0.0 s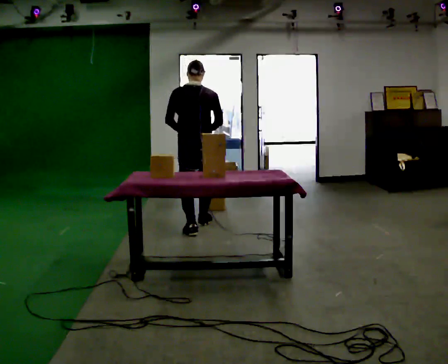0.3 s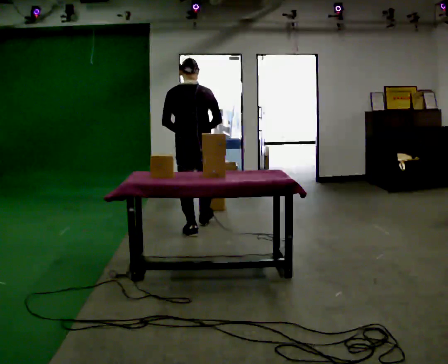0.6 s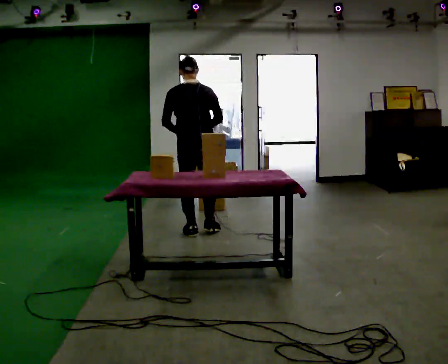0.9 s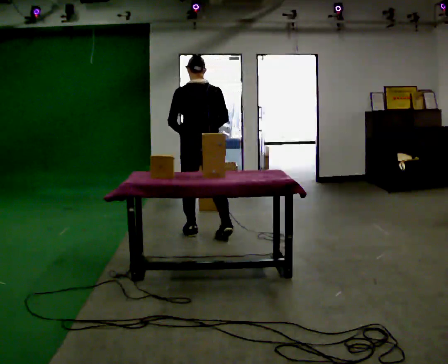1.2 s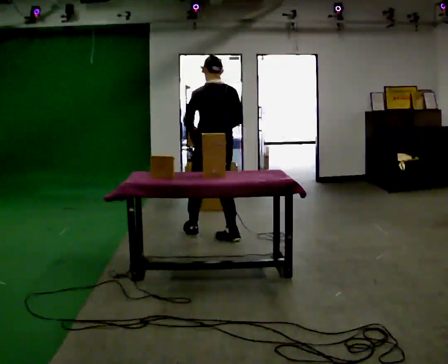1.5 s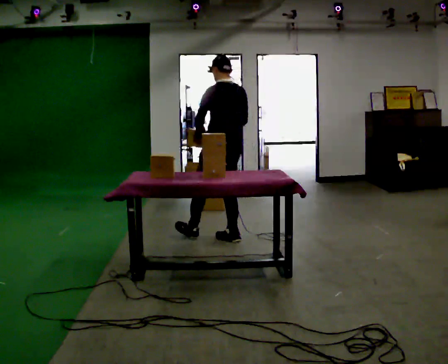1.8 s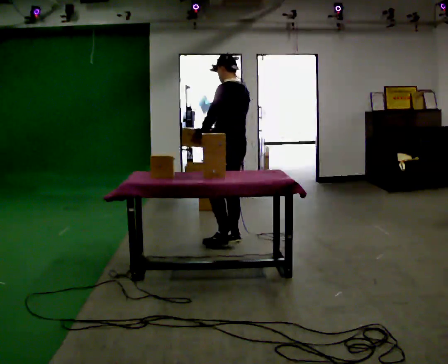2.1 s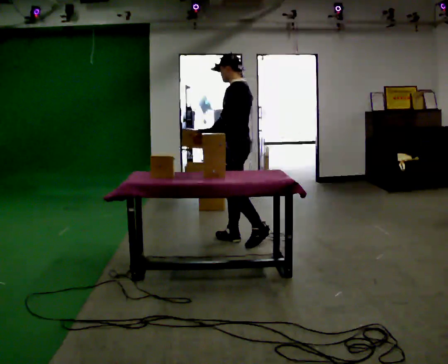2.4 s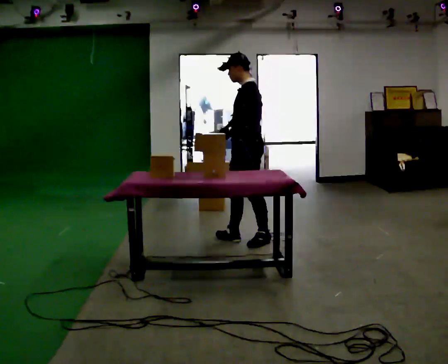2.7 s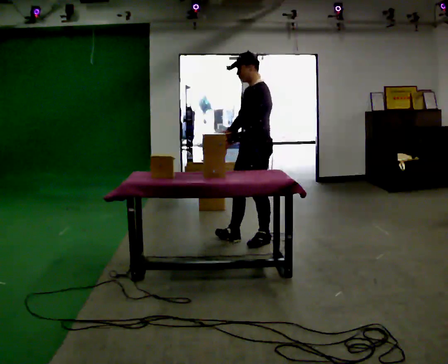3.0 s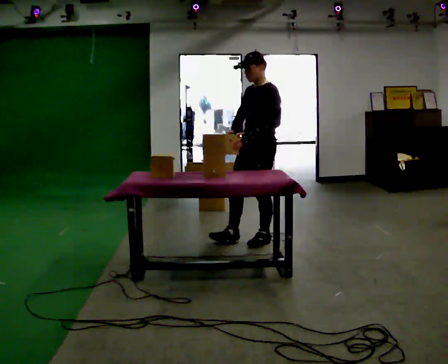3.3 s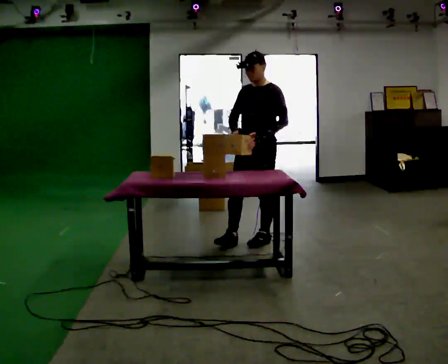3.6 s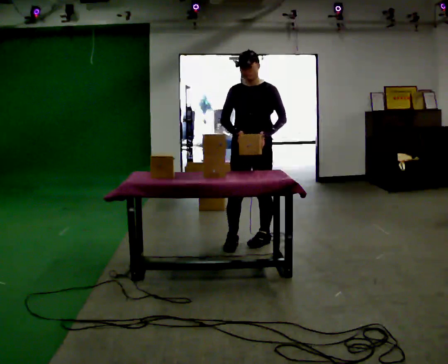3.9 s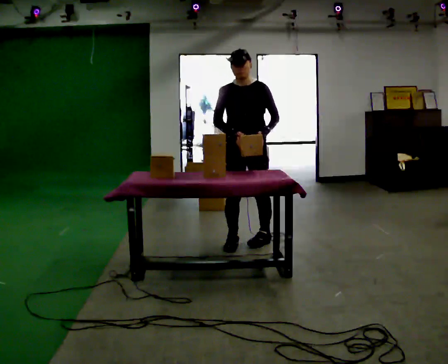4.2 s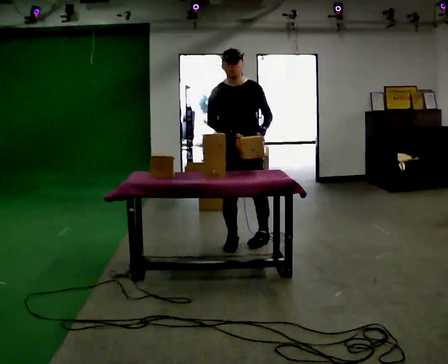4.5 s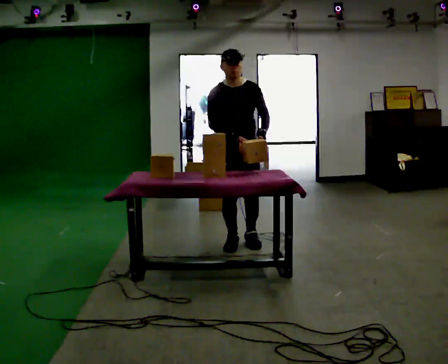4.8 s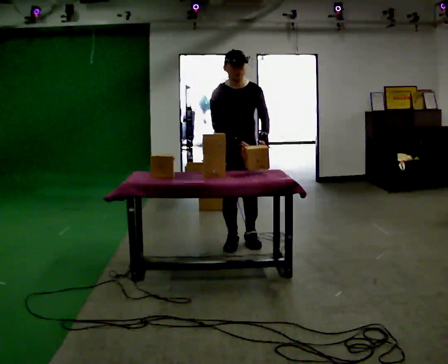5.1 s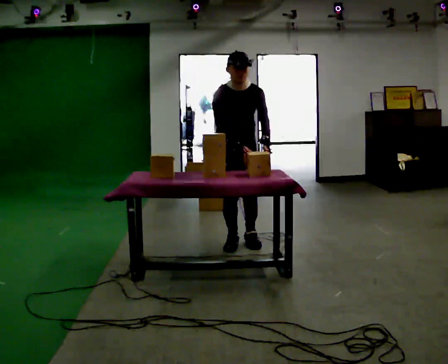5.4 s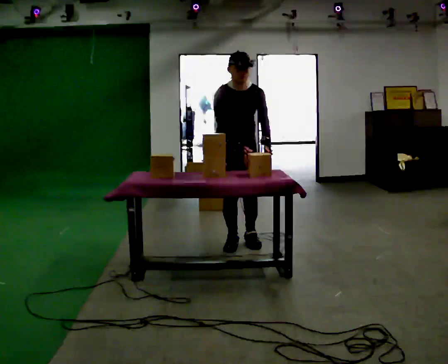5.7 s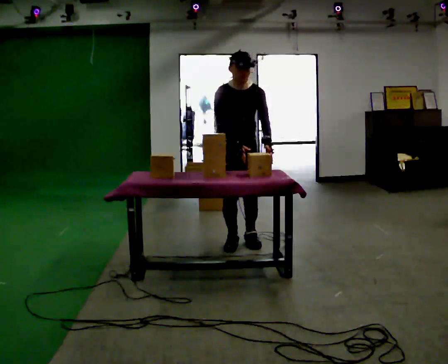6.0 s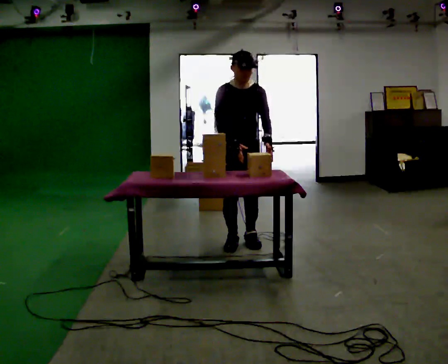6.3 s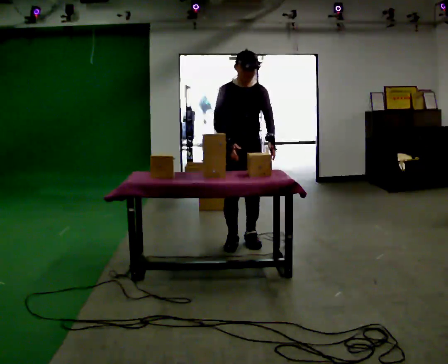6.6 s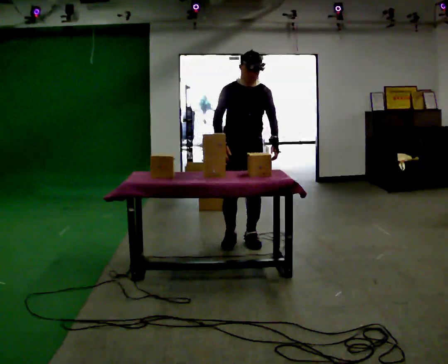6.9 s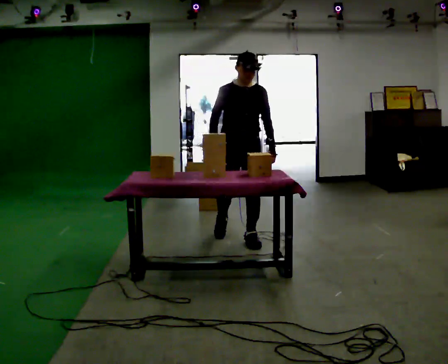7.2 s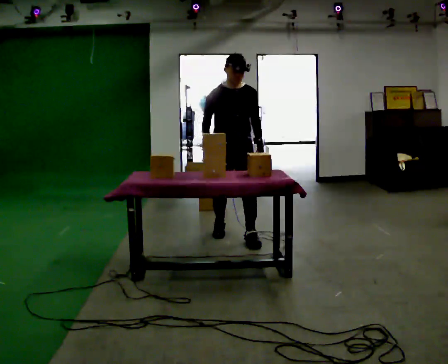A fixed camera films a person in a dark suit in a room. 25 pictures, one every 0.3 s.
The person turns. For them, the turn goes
to their left.
The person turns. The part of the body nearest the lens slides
to the right.
0.0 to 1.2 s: In the picture they go toward the camera and to the right, about 0.5 m in 1 step, which for them is backward and to their right.
1.2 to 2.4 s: The person turns about 75 degrees to their left, counterclockwise seen from above, so the part of the body nearest the lens slides to the right. In the picture they go to the right, about 0.25 m in 1 step.
2.4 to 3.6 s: The part of the body nearest the lens slides to the right as the person turns to their left by about 60 degrees. In the picture their left hand goes to the right, the arm swinging counterclockwise.
3.6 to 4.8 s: The part of the body nearest the lens slides to the right as the person turns to their left by about 30 degrees. In the picture they go to the left, about 0.25 m in 1 step, which for them is to their right.
4.8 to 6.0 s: The person moves a little, or ends about where they began.
6.0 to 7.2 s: In the picture they go away from the camera, about 0.25 m in 1 step, which for them is backward.
The film runs backward here.
